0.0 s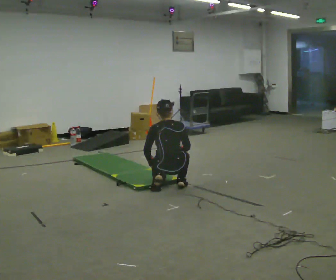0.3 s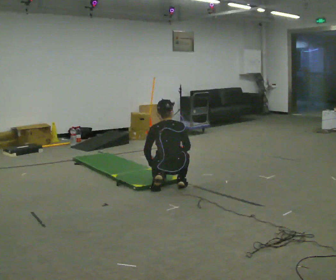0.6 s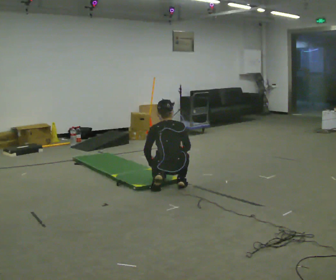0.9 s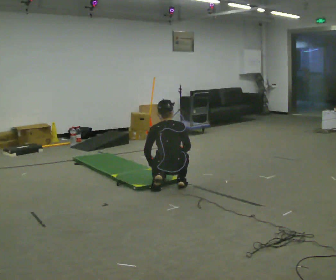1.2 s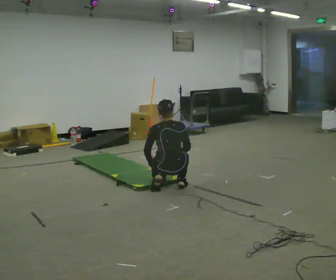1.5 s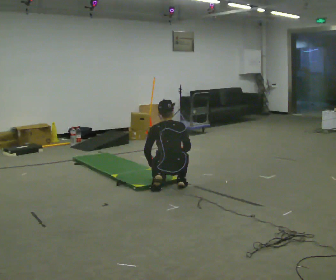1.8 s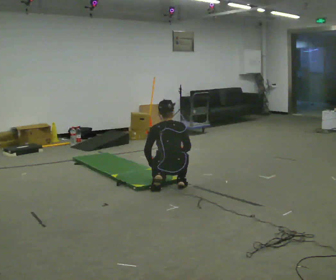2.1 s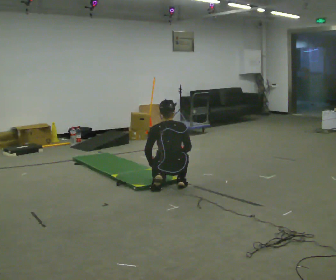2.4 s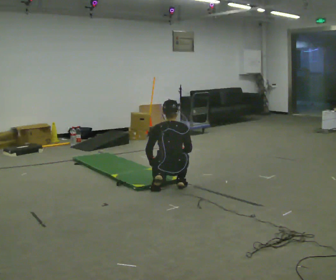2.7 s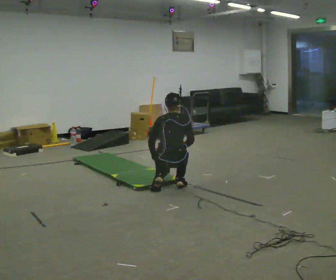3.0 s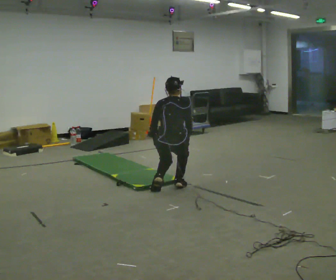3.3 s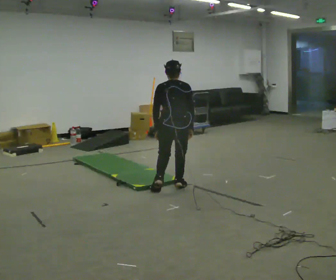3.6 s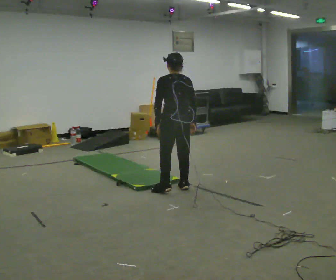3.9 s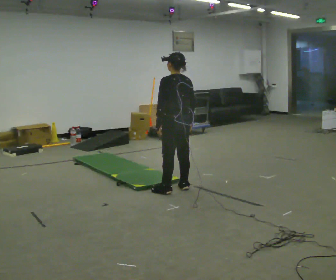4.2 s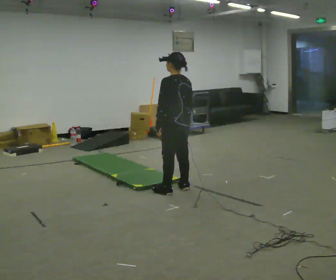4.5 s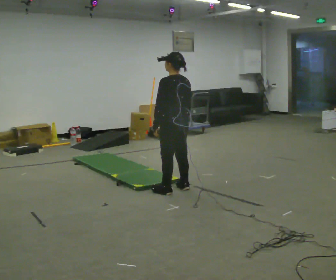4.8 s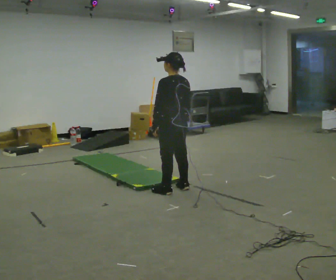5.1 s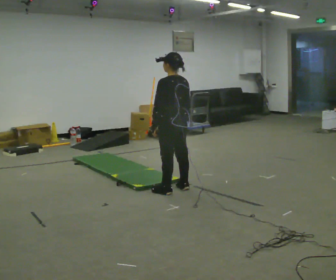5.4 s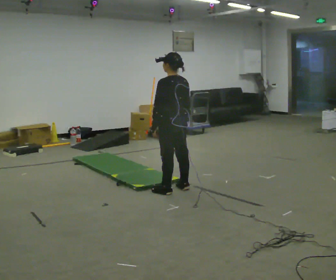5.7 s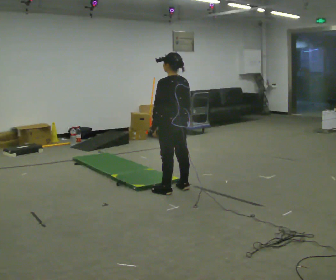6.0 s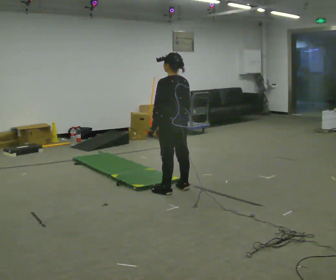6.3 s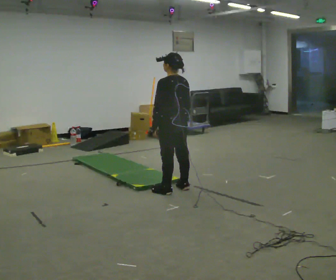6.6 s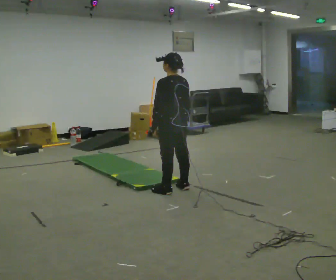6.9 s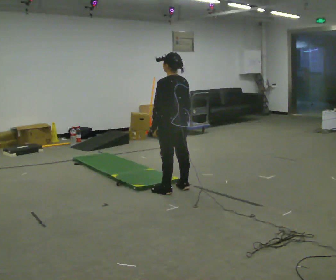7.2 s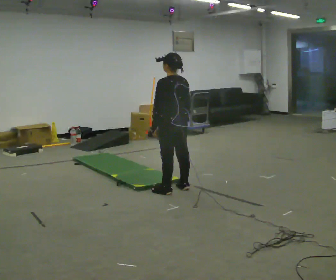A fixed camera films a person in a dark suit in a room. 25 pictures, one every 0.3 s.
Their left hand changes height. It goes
upward.
The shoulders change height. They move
upward.
0.0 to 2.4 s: The person moves a little, or ends about where they began.
2.4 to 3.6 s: The person turns about 30 degrees to their left, counterclockwise seen from above, so the part of the body nearest the lens slides to the right. The shoulders move upward. In the picture their right hand goes upward.
3.6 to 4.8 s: The person moves a little, or ends about where they began.
4.8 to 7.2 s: The person keeps their place and pose.
The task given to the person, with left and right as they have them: From standing, kneel onto the knee the operator calls, hold briefly, then stand back up. Repeat the movement at your own pace until the operator says stop; do not rush.
The film runs forward here.
